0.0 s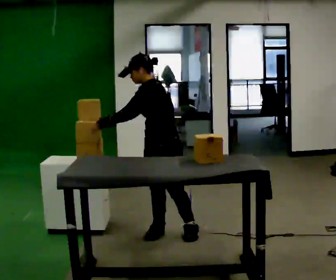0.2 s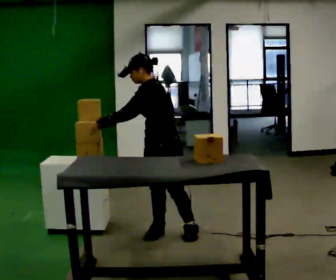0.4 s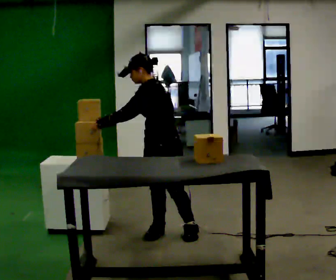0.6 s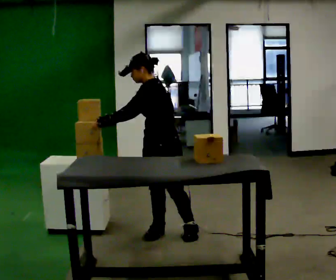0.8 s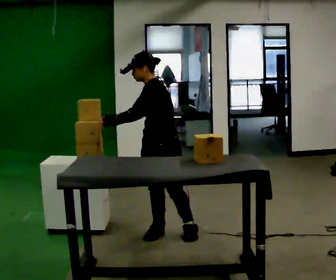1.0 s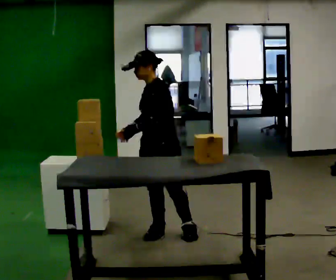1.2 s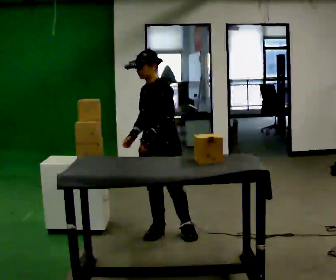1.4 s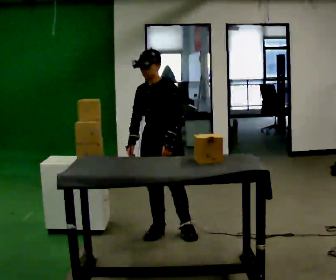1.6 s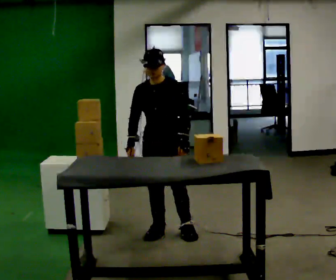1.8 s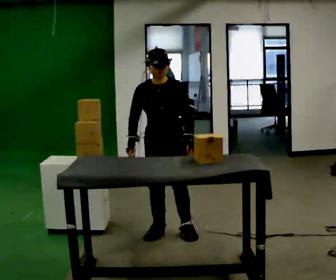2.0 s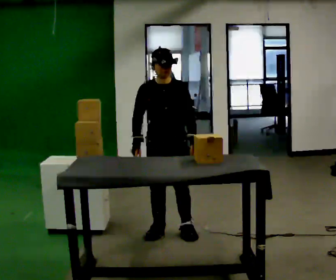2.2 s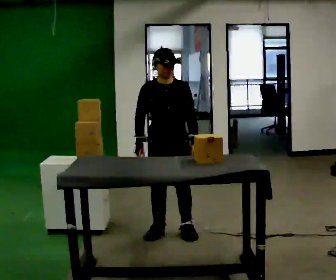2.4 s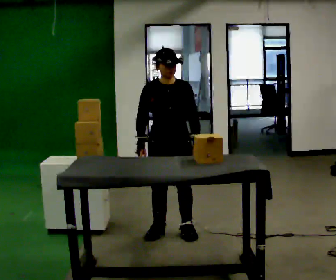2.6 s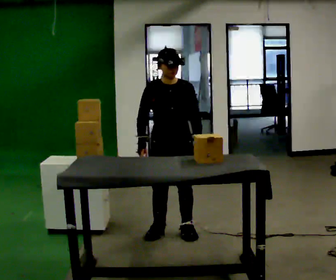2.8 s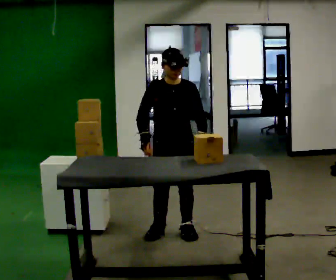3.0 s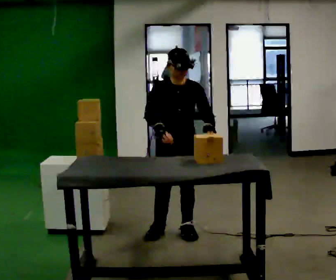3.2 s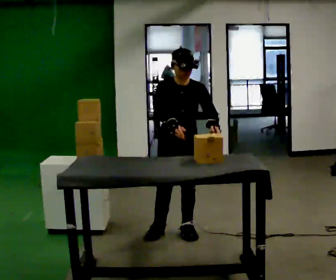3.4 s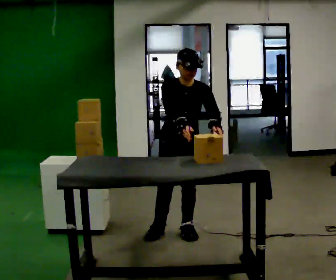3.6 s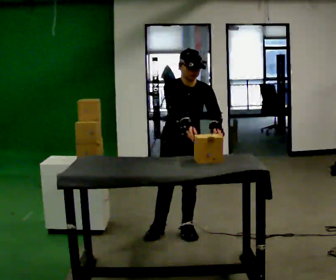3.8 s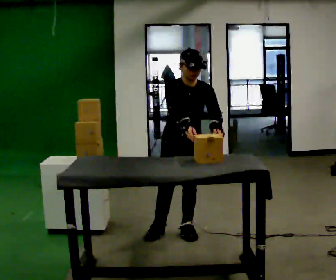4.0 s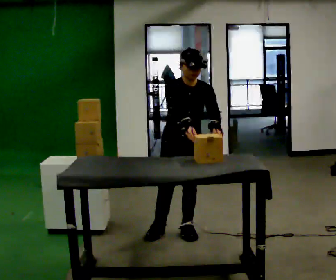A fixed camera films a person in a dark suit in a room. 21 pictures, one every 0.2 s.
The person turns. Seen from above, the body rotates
counterclockwise.
The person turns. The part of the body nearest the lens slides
to the right.
0.0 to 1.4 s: The person turns about 45 degrees to their left, counterclockwise seen from above, so the part of the body nearest the lens slides to the right. In the picture their left hand goes to the right, the arm swinging counterclockwise.
1.4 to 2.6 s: Seen from above the body turns counterclockwise, about 30 degrees: to their left, with its near side sliding to the right.
2.6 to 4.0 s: In the picture their right hand goes to the right.
The film runs forward here.
